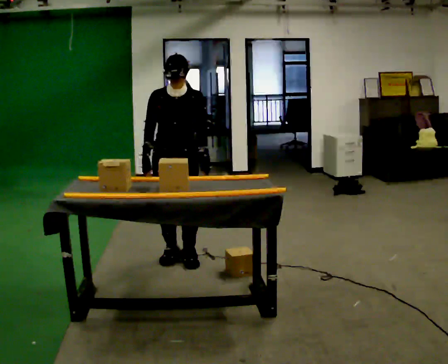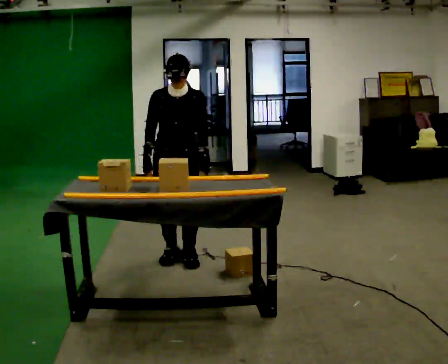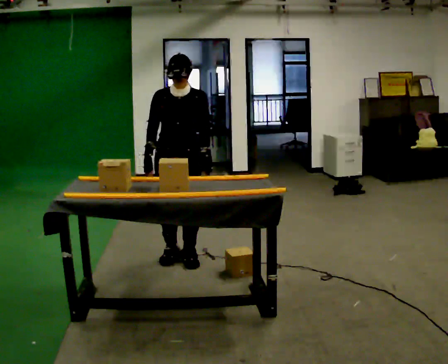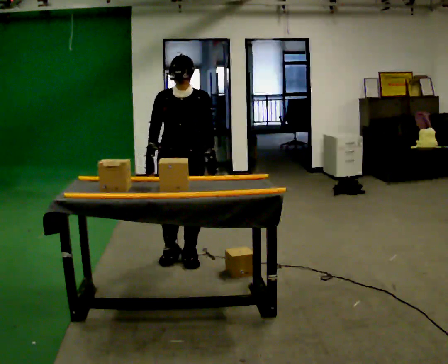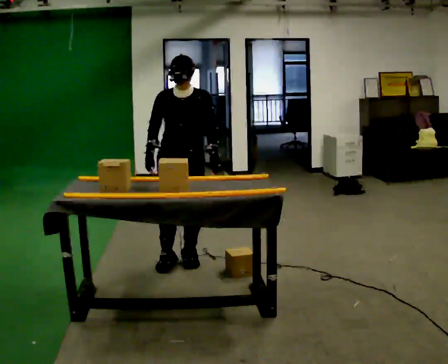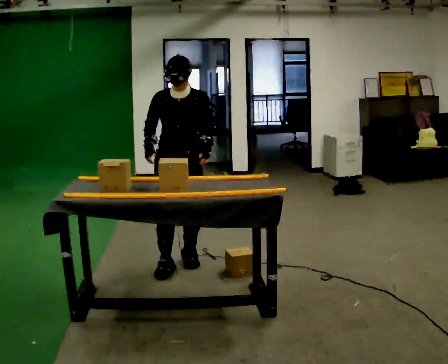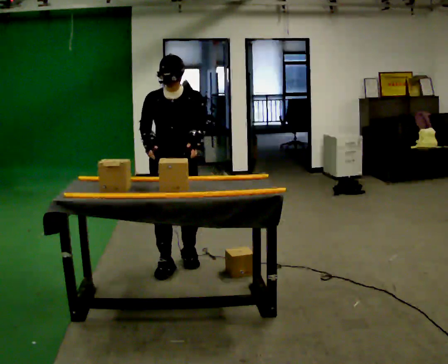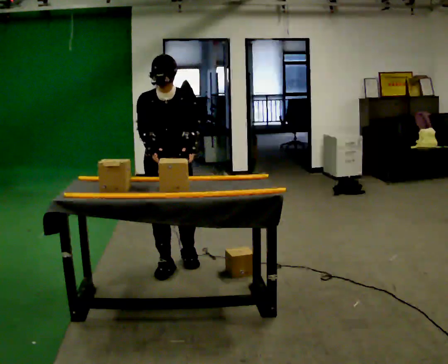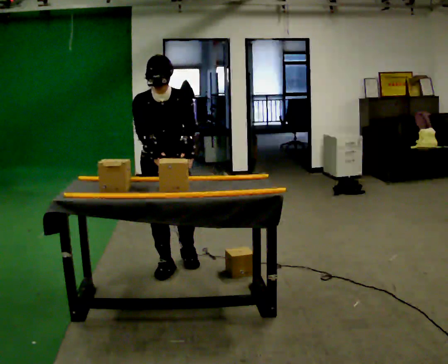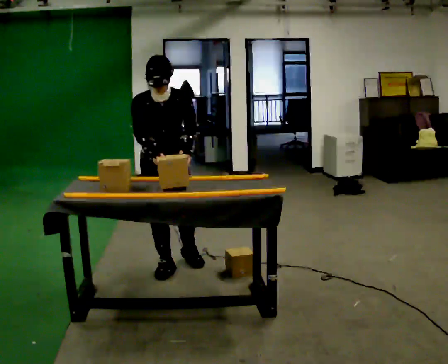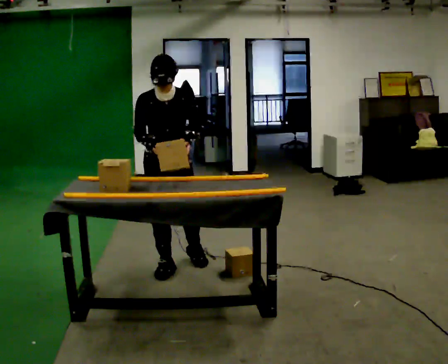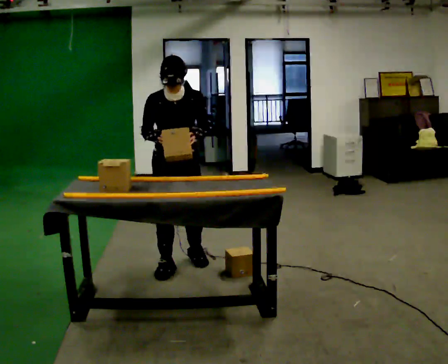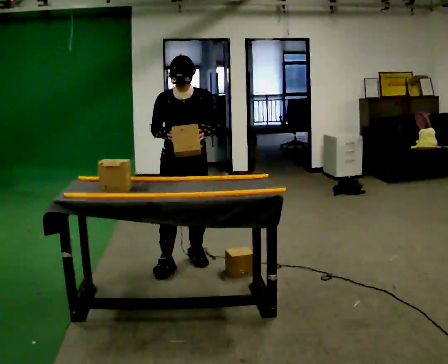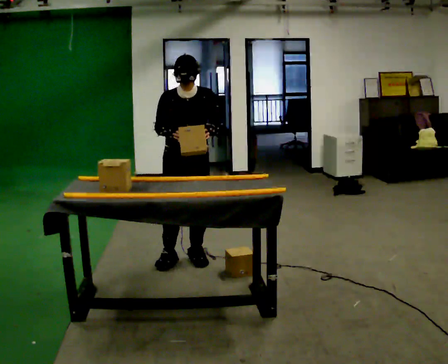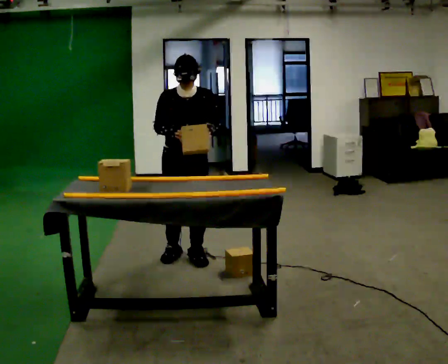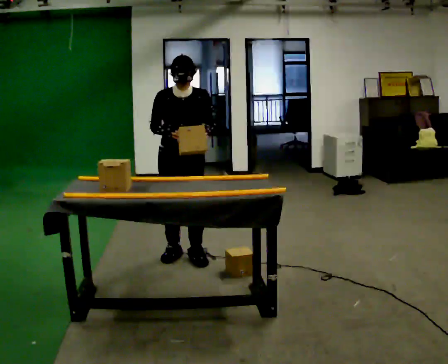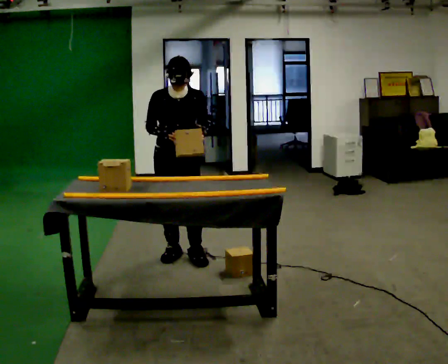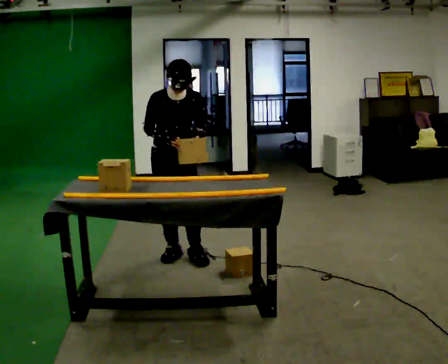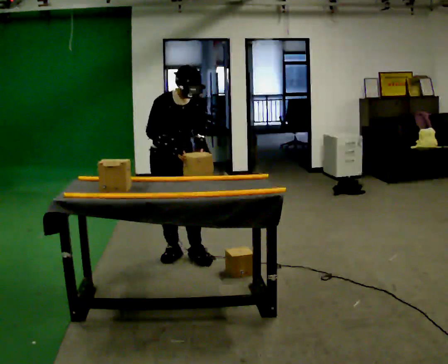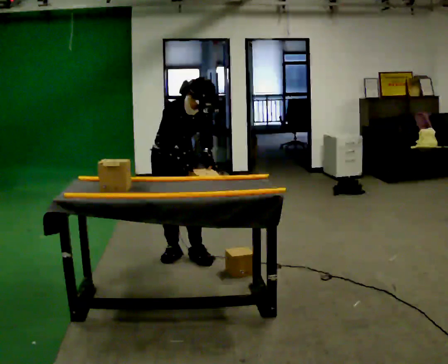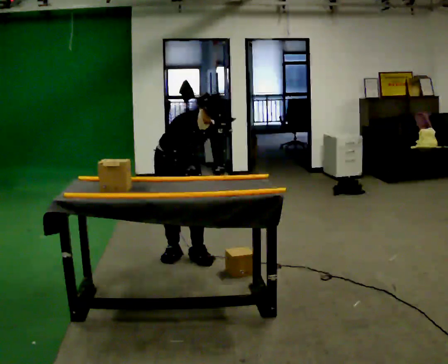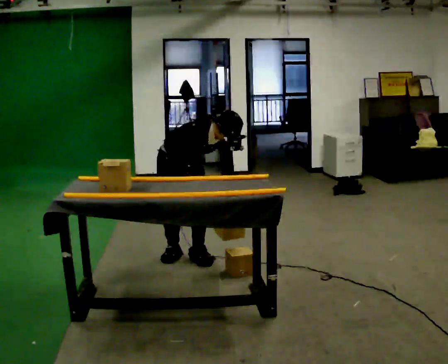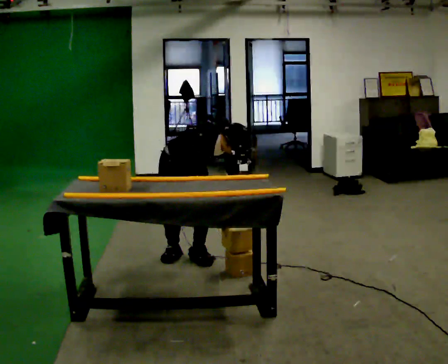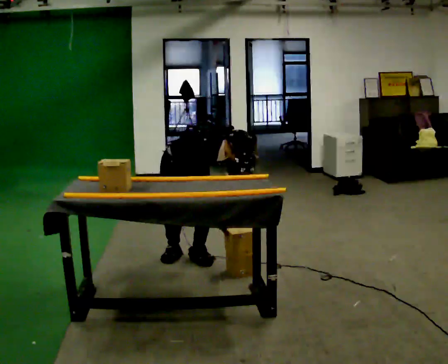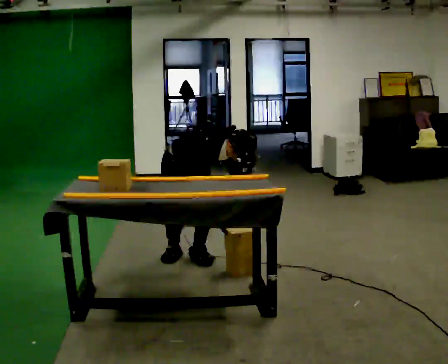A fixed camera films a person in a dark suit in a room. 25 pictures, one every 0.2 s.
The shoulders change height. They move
downward.
0.0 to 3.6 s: The person turns about 30 degrees to their left, counterclockwise seen from above, so the part of the body nearest the lens slides to the right.
3.6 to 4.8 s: The shoulders move downward. In the picture the upper body tilts clockwise, shoulders to the right, as they bend forward. In the picture their right hand goes downward.
The film runs forward here.
